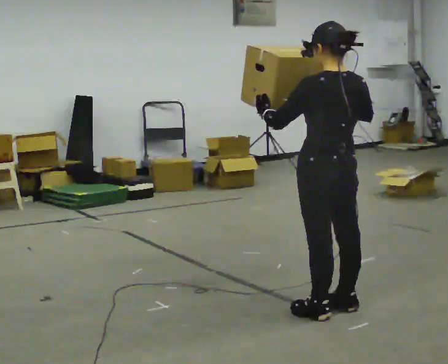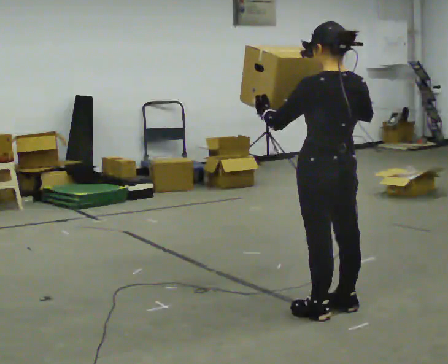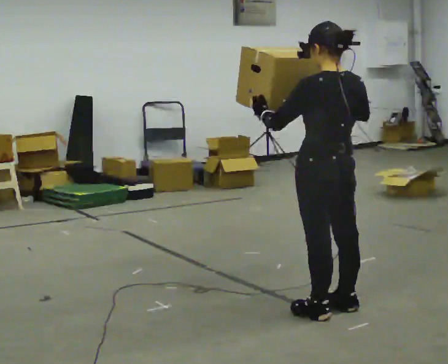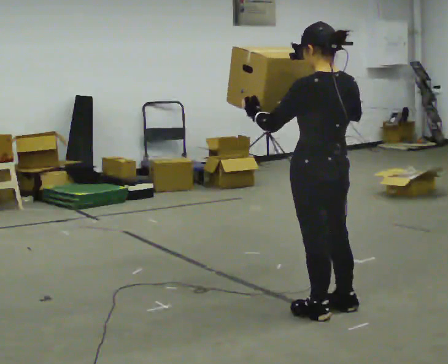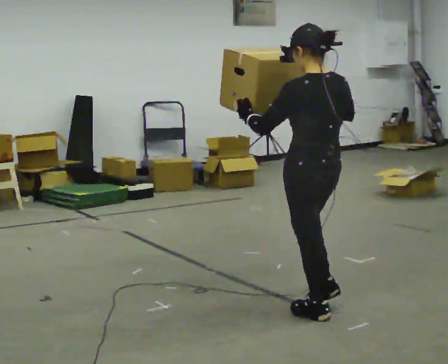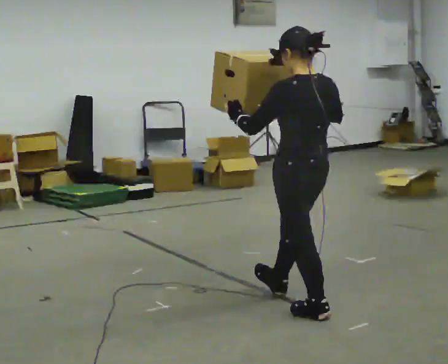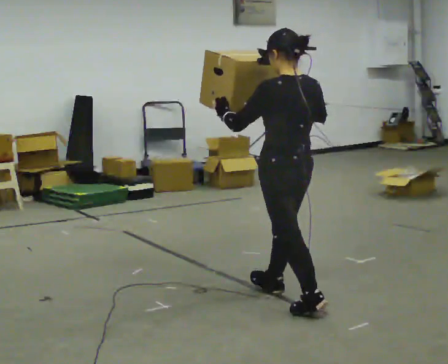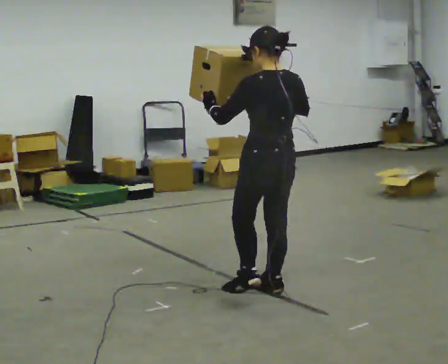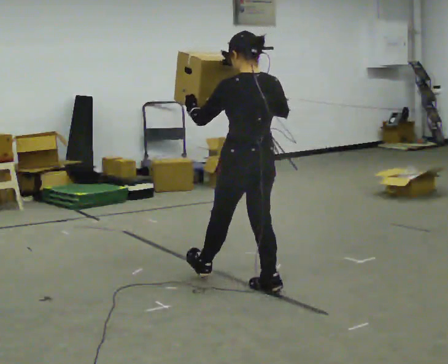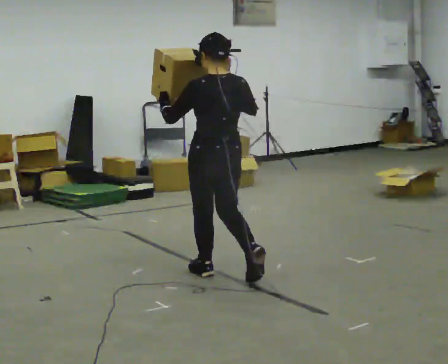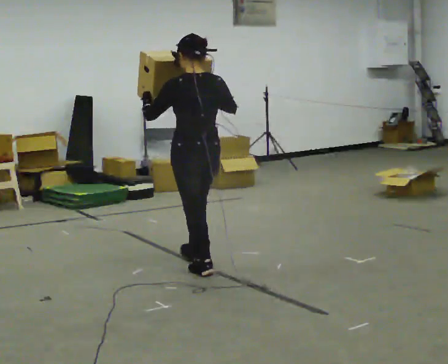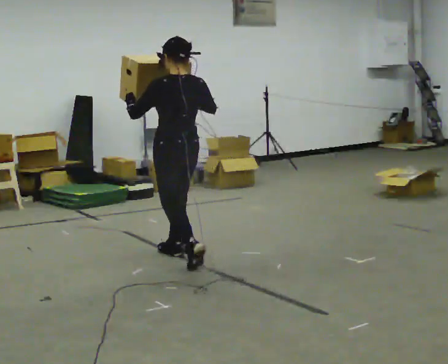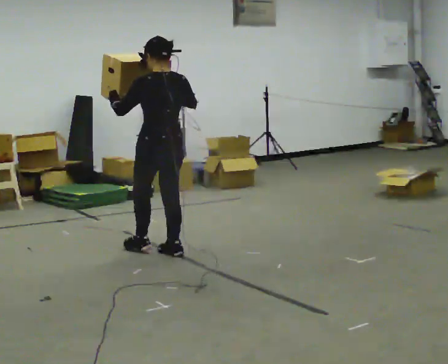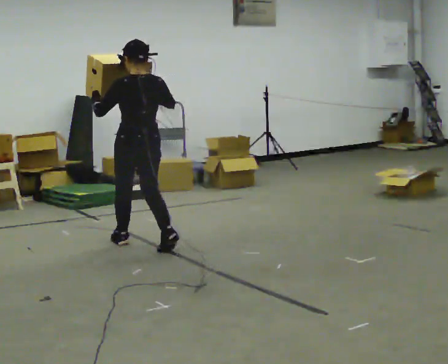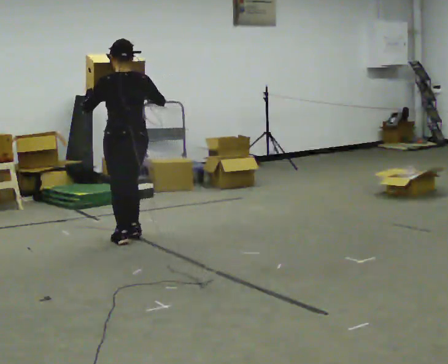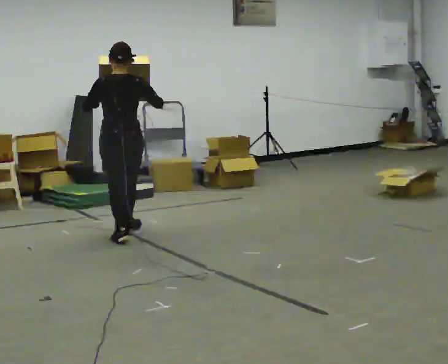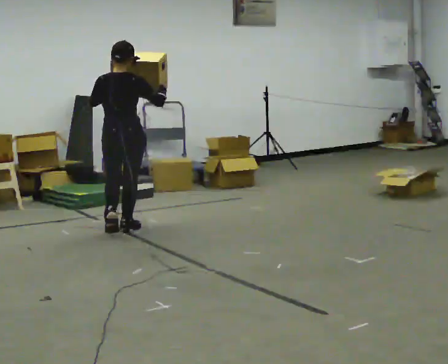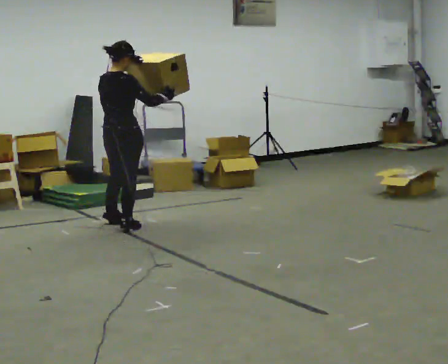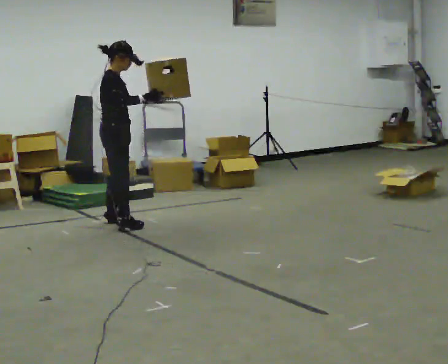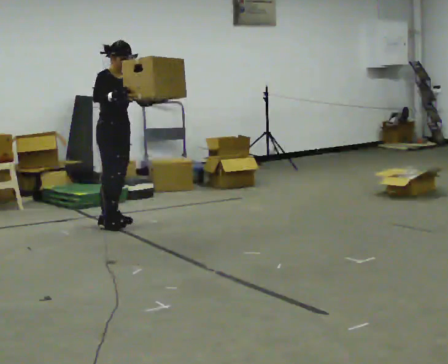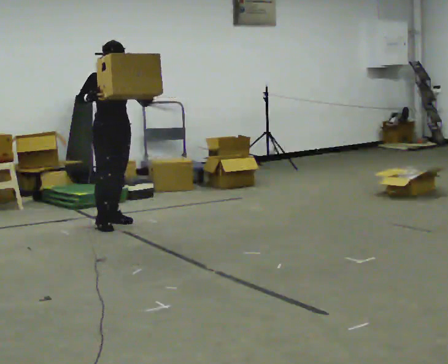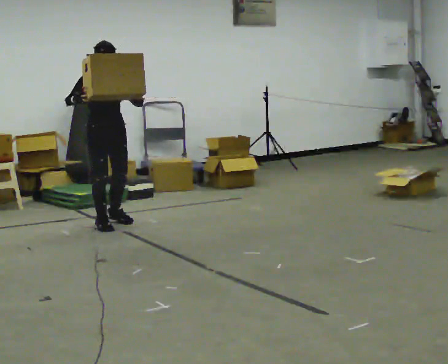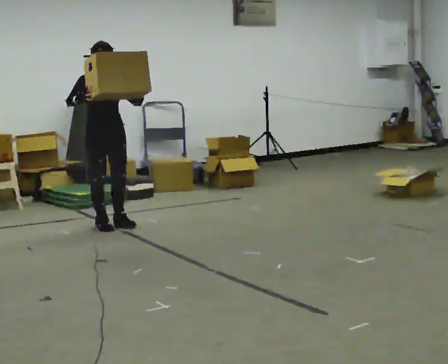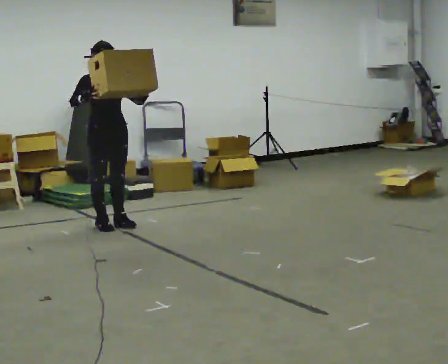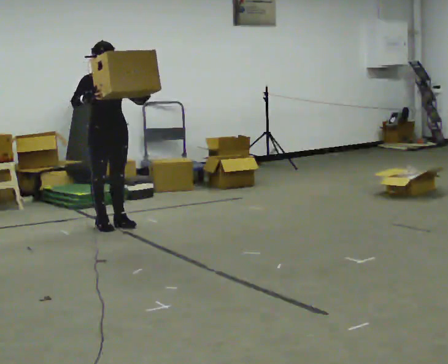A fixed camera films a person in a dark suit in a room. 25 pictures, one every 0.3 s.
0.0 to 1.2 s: The person moves a little, or ends about where they began.
1.2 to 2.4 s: In the picture they go away from the camera and to the left, about 0.75 m in 1 step, which for them is forward.
2.4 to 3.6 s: In the picture they go away from the camera and to the left, about 1 m in 2 steps, which for them is forward.
3.6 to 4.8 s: The person turns about 45 degrees to their right, clockwise seen from above, so the part of the body nearest the lens slides to the left. In the picture they go away from the camera and to the left, about 0.5 m in 2 steps, which for them is forward.
4.8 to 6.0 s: The person turns about 135 degrees to their right, clockwise seen from above, so the part of the body nearest the lens slides to the left. In the picture they go away from the camera, about 0.25 m in 2 steps.
6.0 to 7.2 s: The person moves a little, or ends about where they began.
The film runs forward here.
